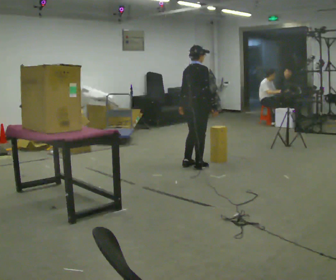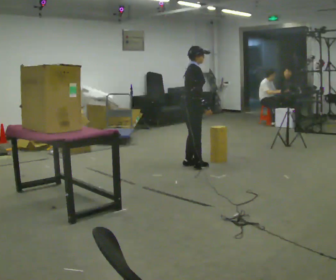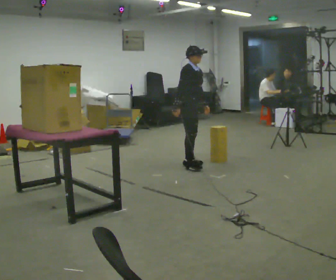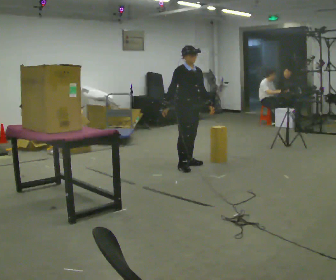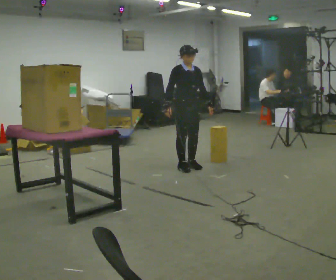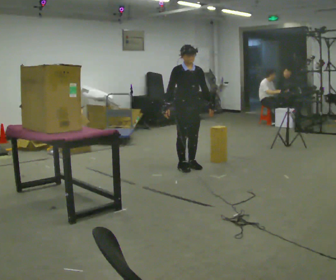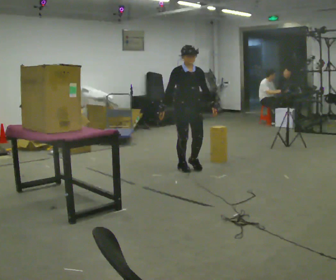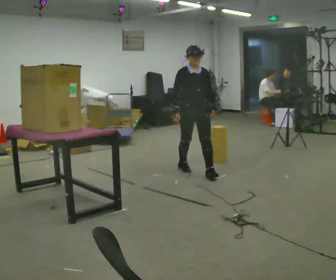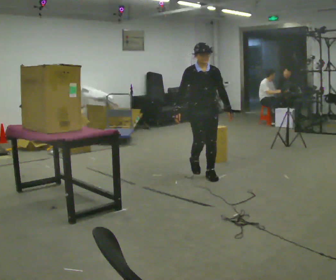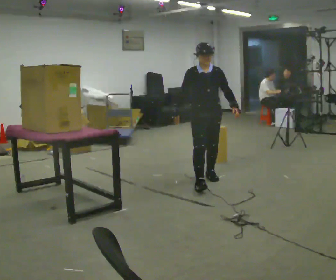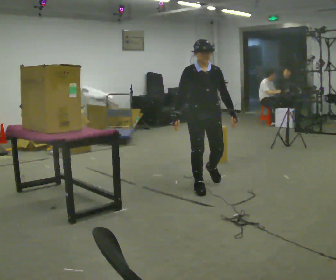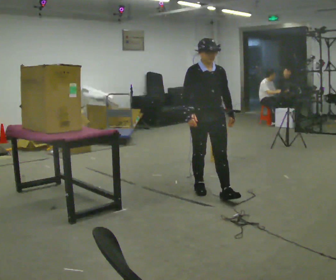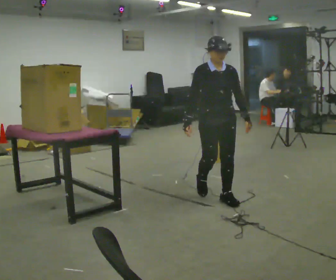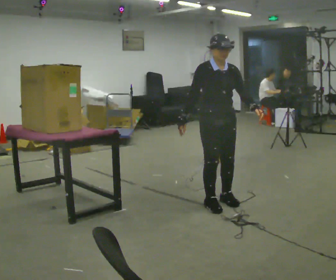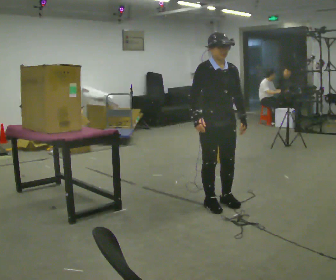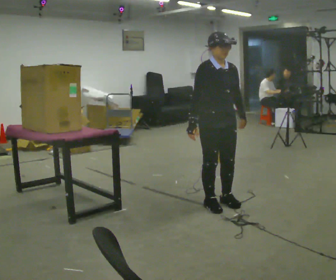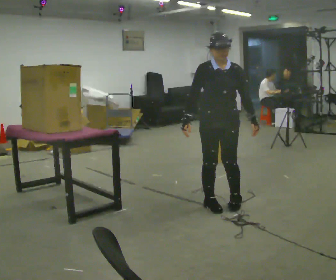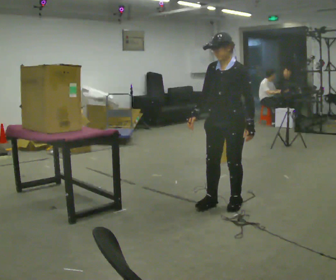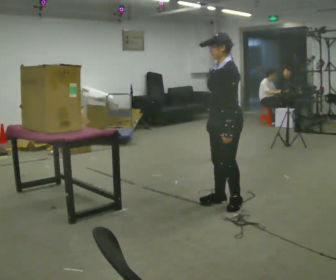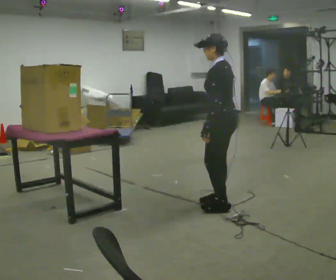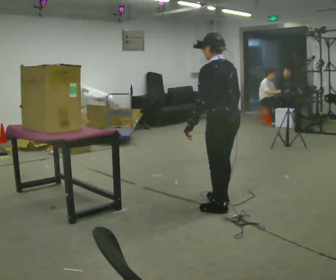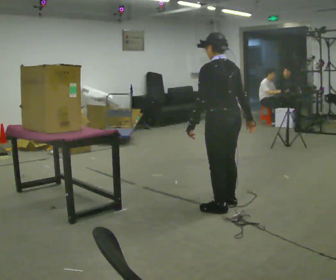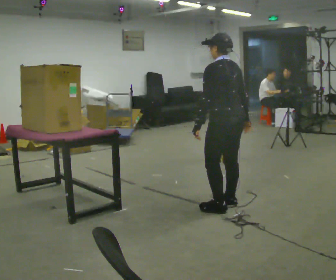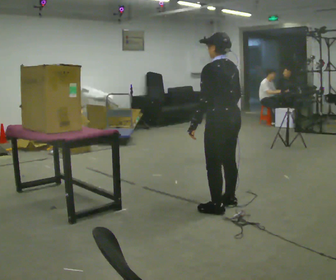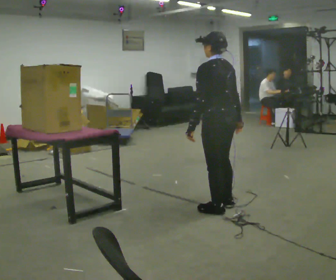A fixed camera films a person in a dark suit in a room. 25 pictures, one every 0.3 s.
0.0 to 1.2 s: The person turns about 90 degrees to their right, clockwise seen from above, so the part of the body nearest the lens slides to the left. In the picture their left hand goes to the right, the arm swinging counterclockwise.
1.2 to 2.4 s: In the picture they go toward the camera and to the right, about 0.5 m in 1 step, which for them is forward.
2.4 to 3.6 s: In the picture they go toward the camera, about 1 m in 2 steps, which for them is forward.
3.6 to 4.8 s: In the picture they go toward the camera, about 0.25 m in 2 steps, which for them is forward.
4.8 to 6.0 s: The part of the body nearest the lens slides to the left as the person turns to their right by about 135 degrees. In the picture their right hand goes to the right, the arm swinging counterclockwise.
6.0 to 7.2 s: The person moves a little, or ends about where they began.
The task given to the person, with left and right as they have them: Carry the object across the room and place it on the shelf just at the top of your comfortable reach. Keep going until the operator says stop; one object at a time, and do not rush between trips.
The film runs forward here.
